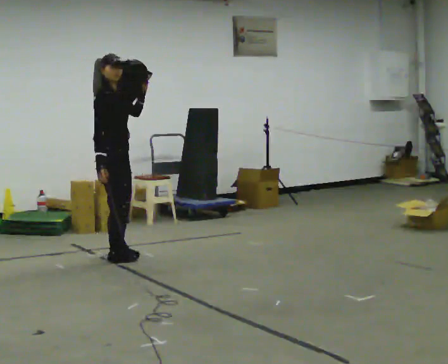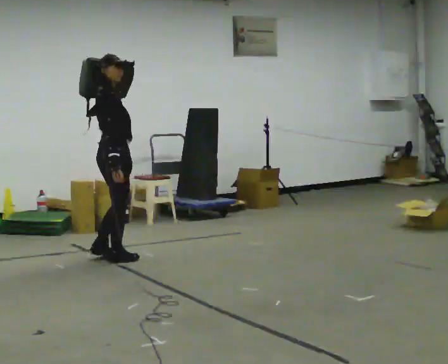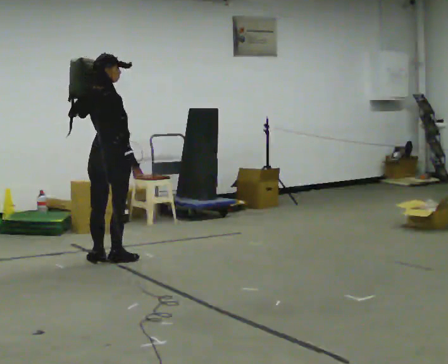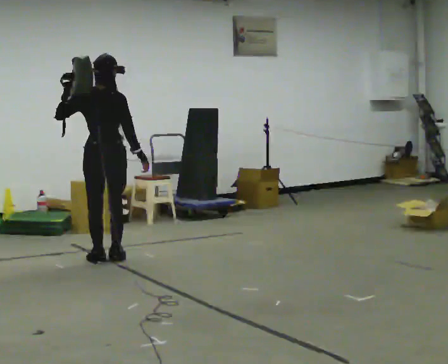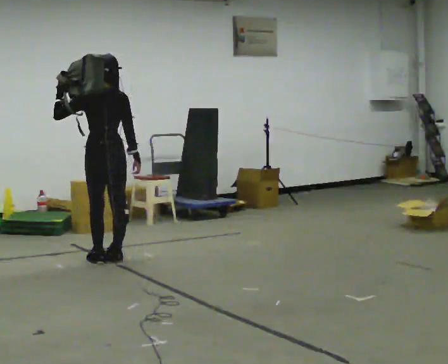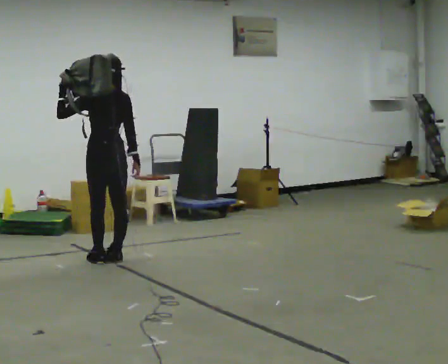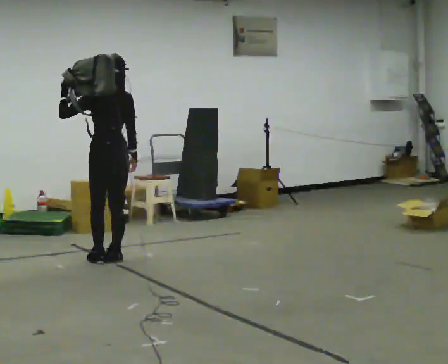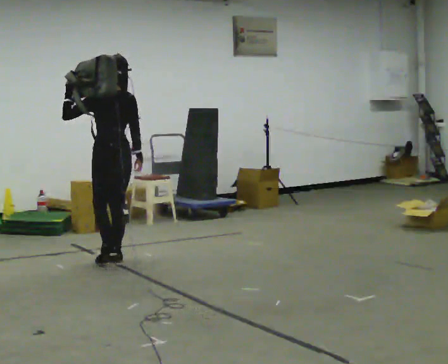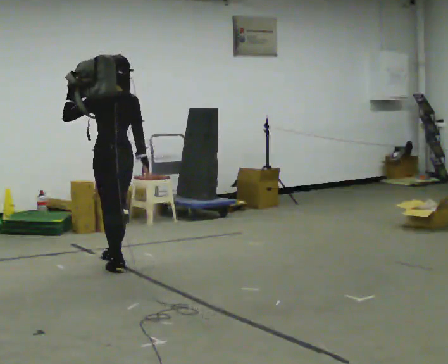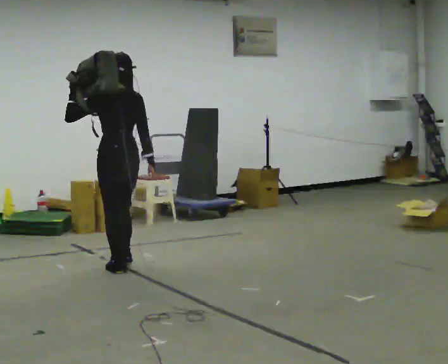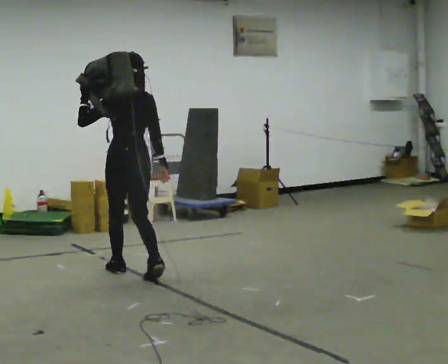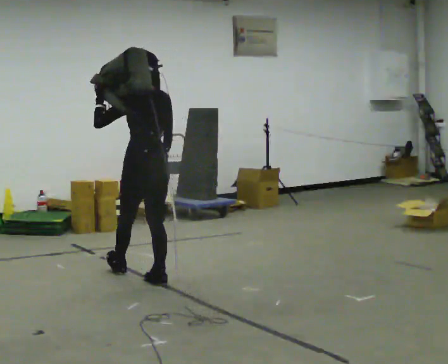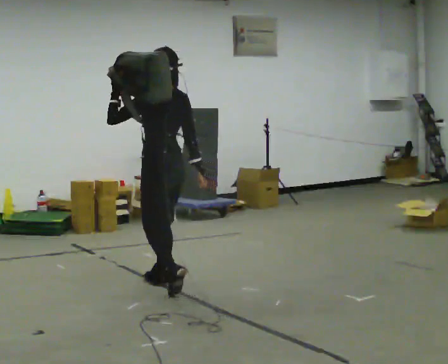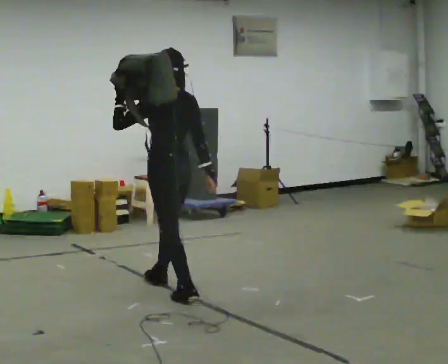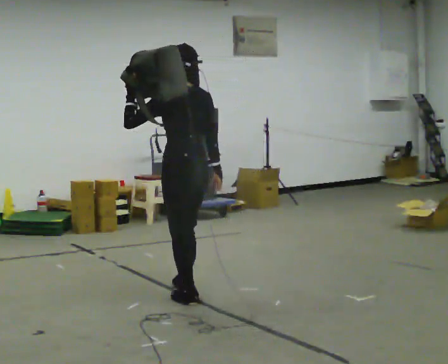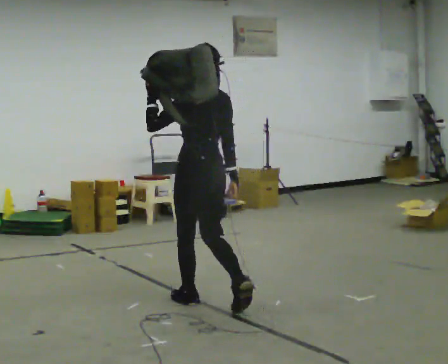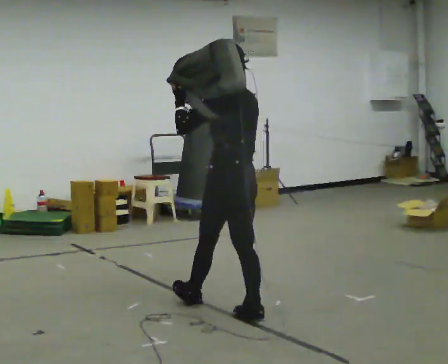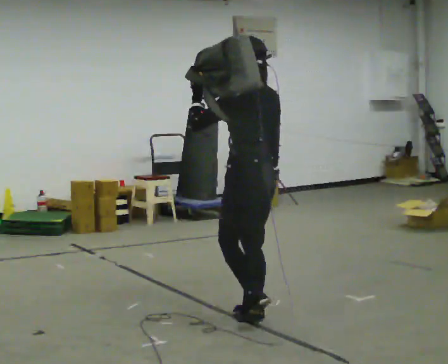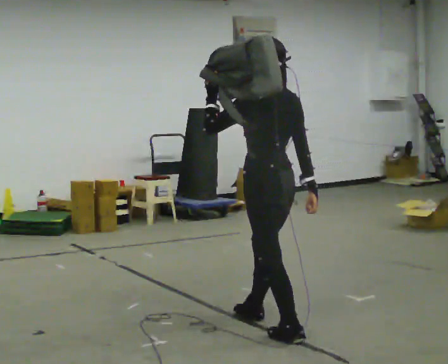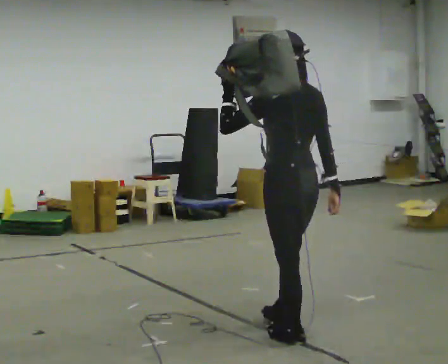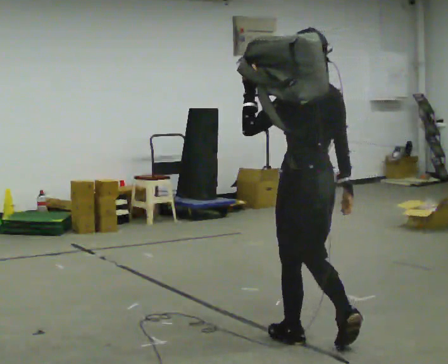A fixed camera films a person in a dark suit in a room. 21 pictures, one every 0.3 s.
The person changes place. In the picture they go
toward the camera.
0.0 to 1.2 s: The part of the body nearest the lens slides to the right as the person turns to their left by about 135 degrees. In the picture their left hand goes to the left.
1.2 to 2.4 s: The person moves a little, or ends about where they began.
2.4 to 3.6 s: In the picture they go toward the camera and to the right, about 0.5 m in 2 steps, which for them is backward.
3.6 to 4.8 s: In the picture they go toward the camera and to the right, about 1 m in 2 steps, which for them is backward.
4.8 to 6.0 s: In the picture they go toward the camera and to the right, about 0.5 m in 1 step, which for them is backward.
The film runs backward here.
